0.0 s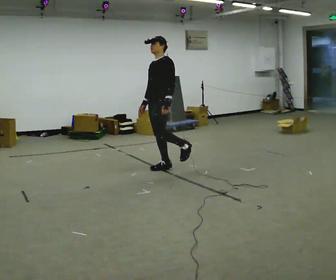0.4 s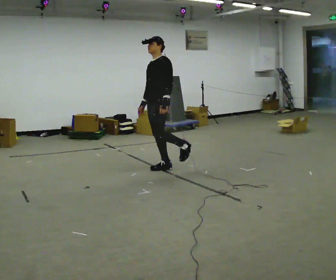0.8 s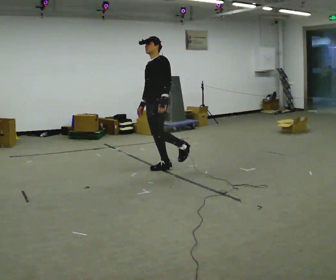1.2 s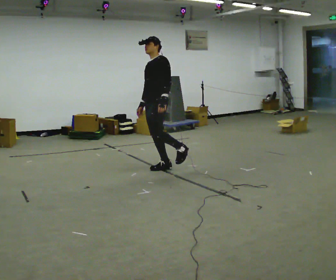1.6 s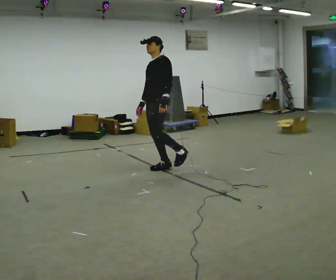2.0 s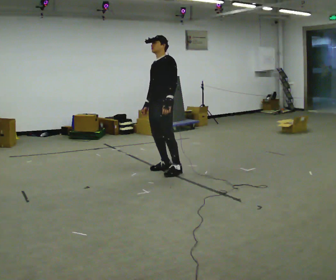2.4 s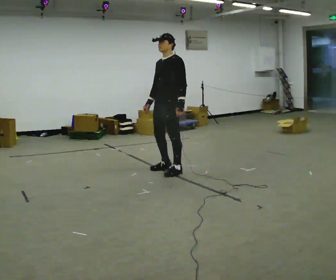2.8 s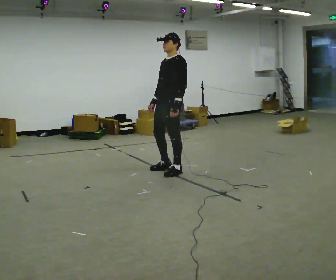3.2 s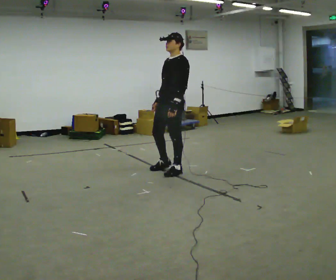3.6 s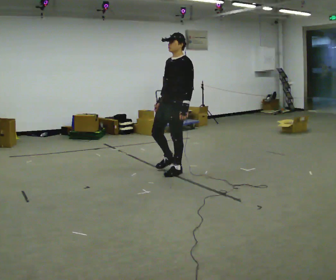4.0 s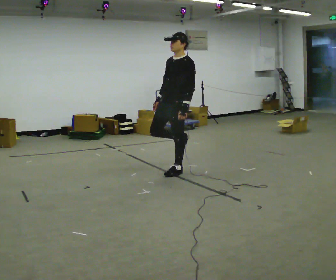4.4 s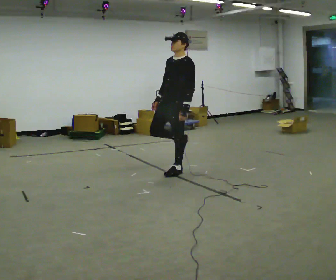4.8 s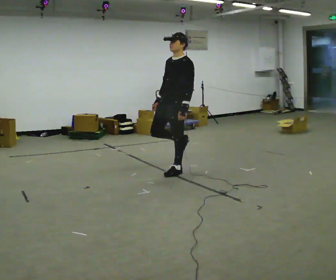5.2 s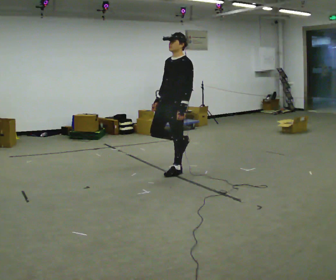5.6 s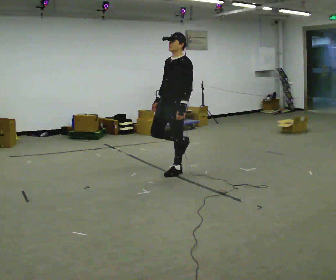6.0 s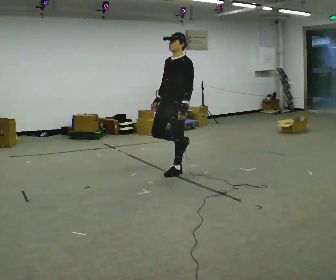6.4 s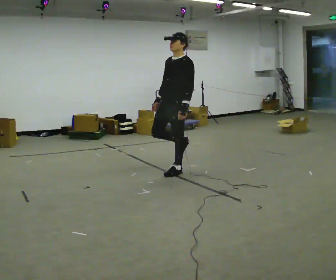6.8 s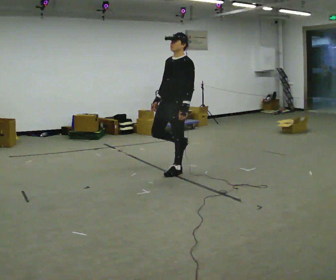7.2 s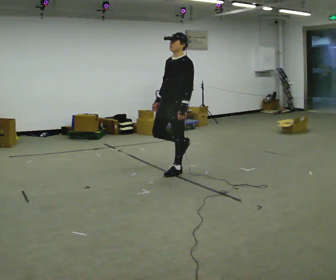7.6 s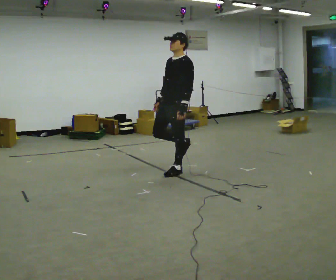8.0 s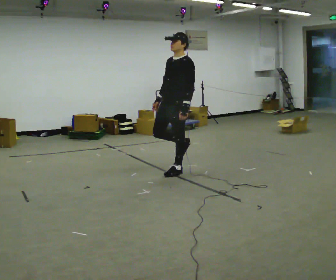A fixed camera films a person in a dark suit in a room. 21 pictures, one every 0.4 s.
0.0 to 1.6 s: The person moves a little, or ends about where they began.
1.6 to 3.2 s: In the picture they go to the right, about 0.25 m in 1 step, which for them is to their left.
3.2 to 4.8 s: The person moves a little, or ends about where they began.
4.8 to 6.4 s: The person keeps their place and pose.
6.4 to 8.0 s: The person moves a little, or ends about where they began.
The film runs forward here.
